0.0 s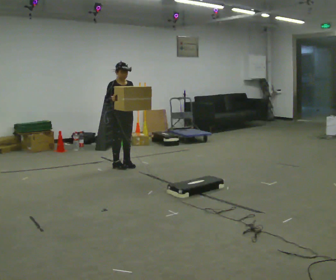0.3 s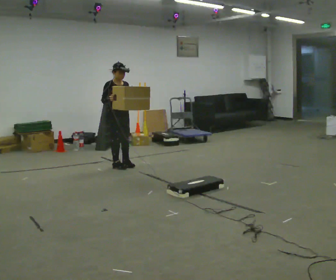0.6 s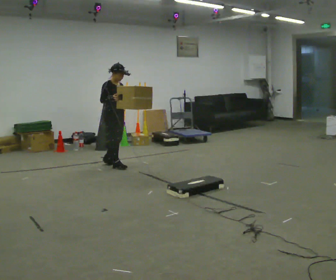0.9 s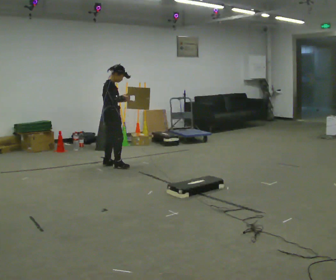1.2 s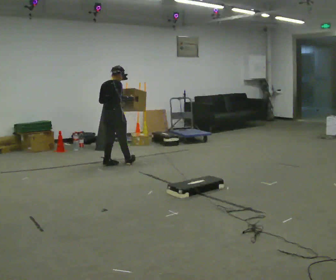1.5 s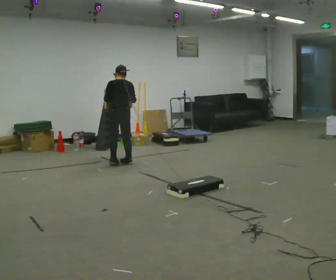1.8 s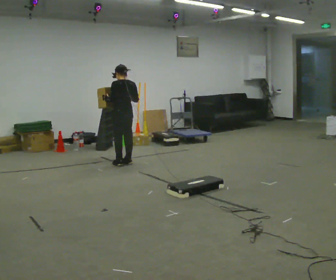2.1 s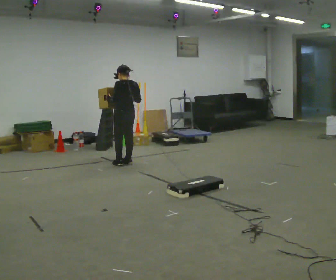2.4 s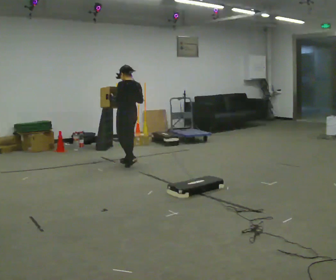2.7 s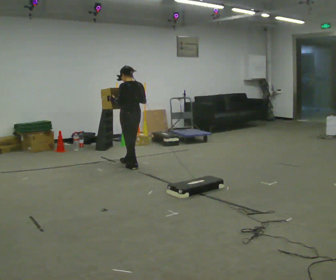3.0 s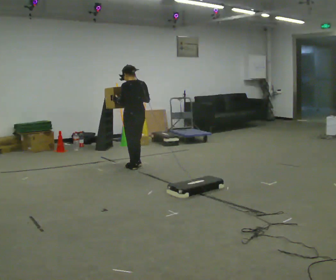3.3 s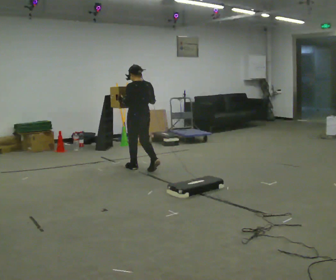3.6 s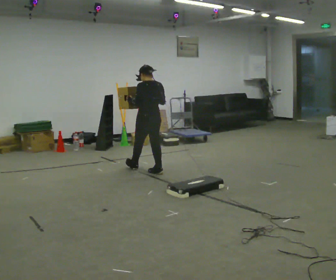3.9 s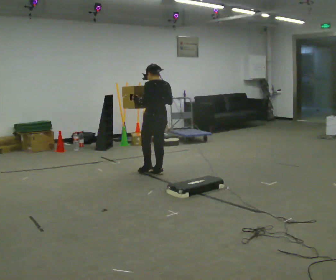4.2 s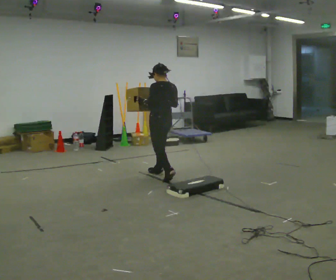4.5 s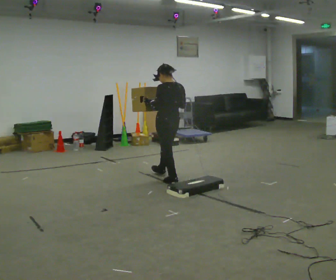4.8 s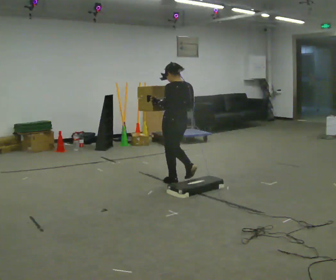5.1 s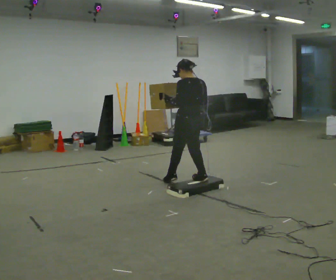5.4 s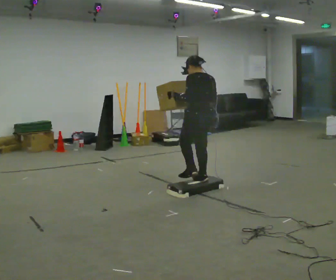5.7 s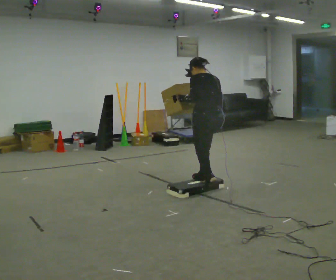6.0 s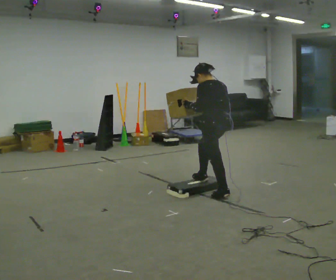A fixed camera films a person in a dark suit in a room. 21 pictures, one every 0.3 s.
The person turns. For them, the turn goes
to their left.
The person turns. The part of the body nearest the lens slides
to the right.
0.0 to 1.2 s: The person turns about 105 degrees to their left, counterclockwise seen from above, so the part of the body nearest the lens slides to the right.
1.2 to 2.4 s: The part of the body nearest the lens slides to the right as the person turns to their left by about 75 degrees. In the picture they go to the right, about 0.25 m in 2 steps.
2.4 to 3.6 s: In the picture they go toward the camera and to the right, about 0.5 m in 1 step, which for them is backward.
3.6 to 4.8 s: In the picture they go toward the camera and to the right, about 0.75 m in 2 steps, which for them is backward.
4.8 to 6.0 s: In the picture they go toward the camera and to the right, about 0.5 m in 1 step, which for them is backward.
The film runs backward here.
